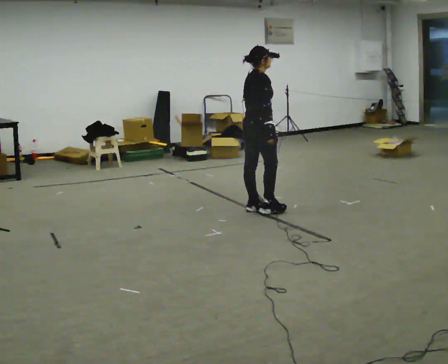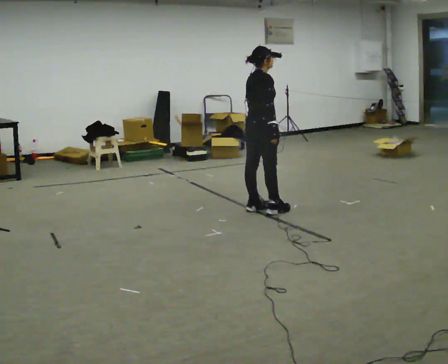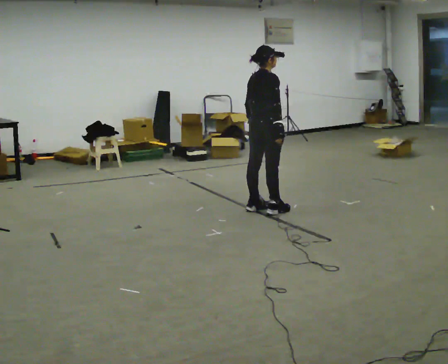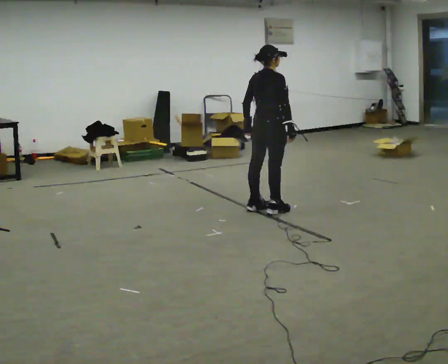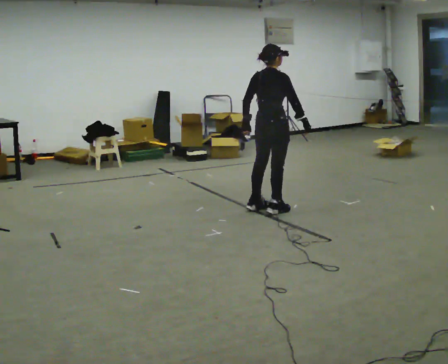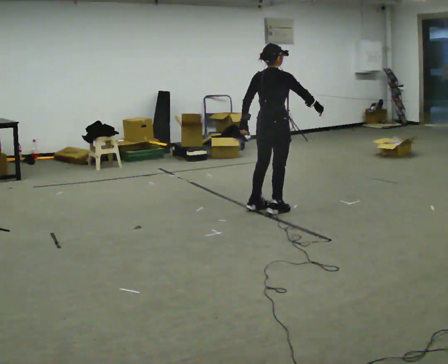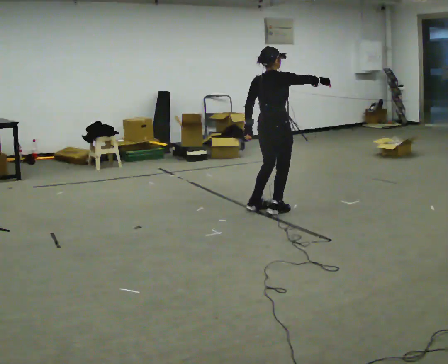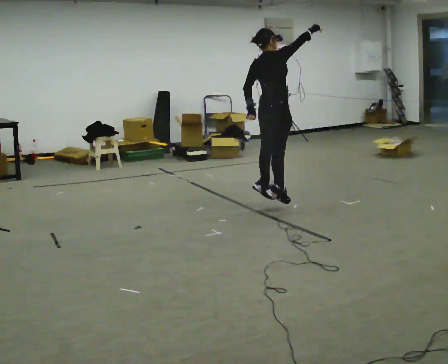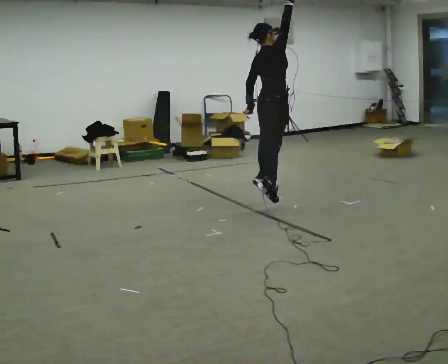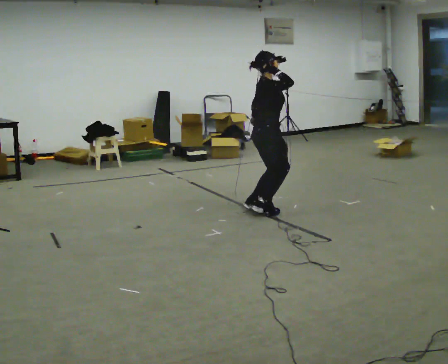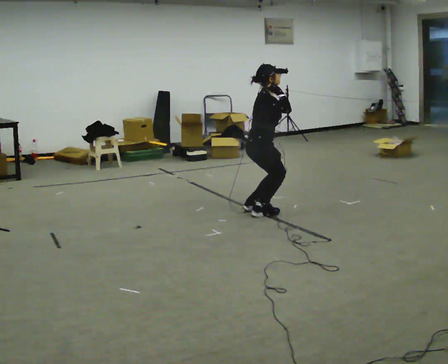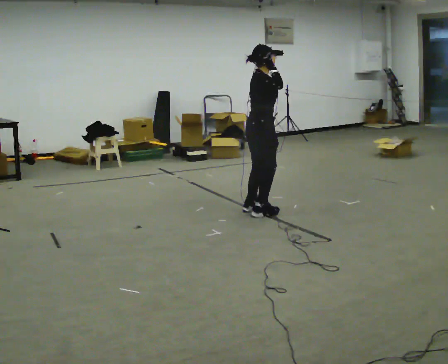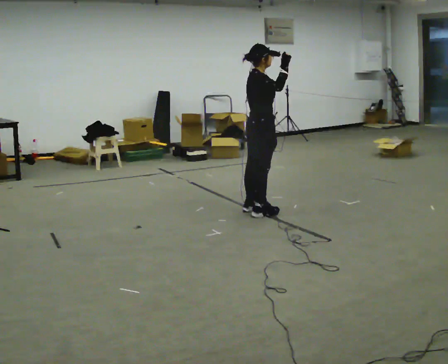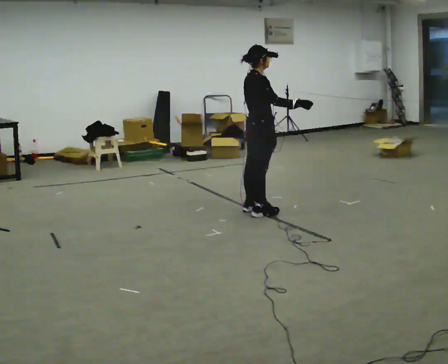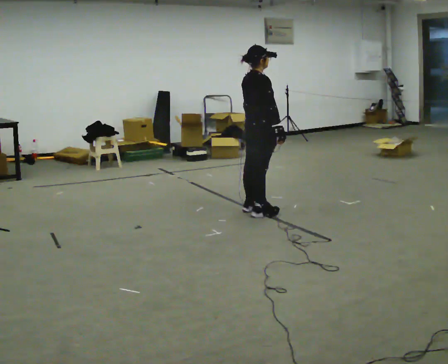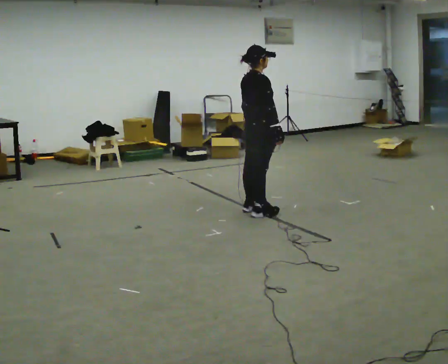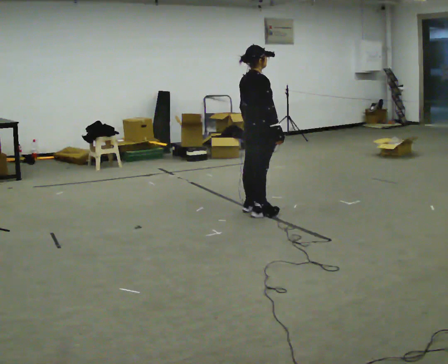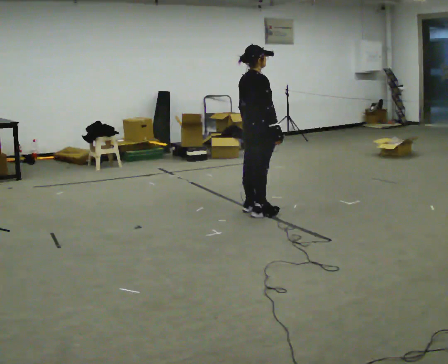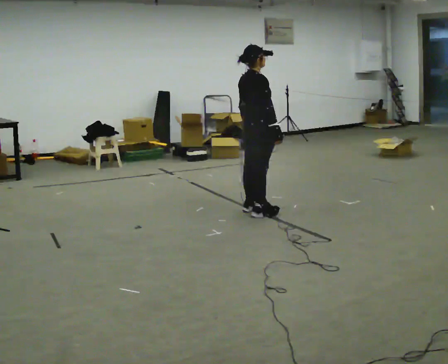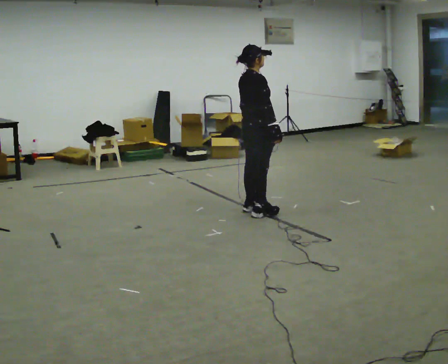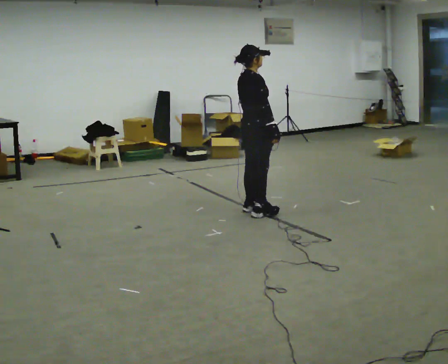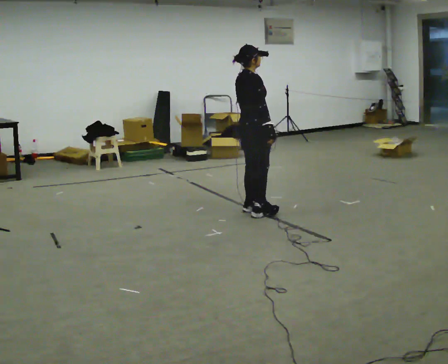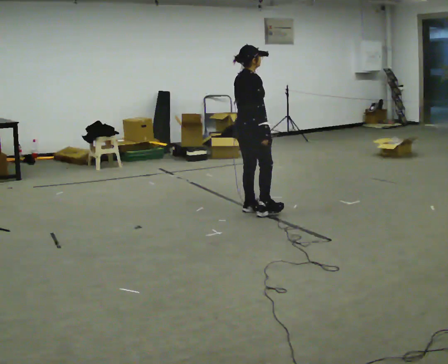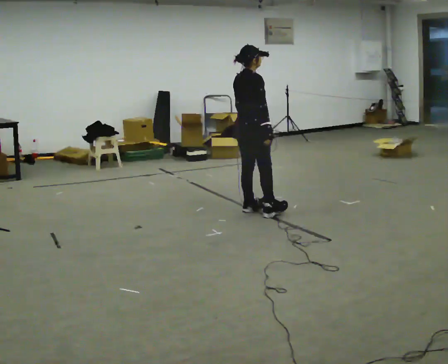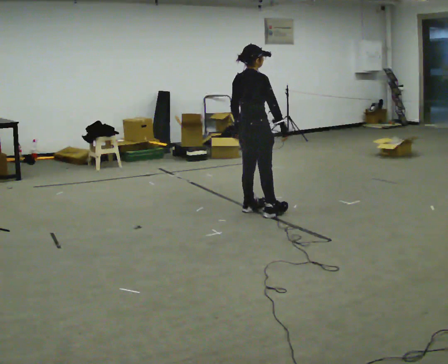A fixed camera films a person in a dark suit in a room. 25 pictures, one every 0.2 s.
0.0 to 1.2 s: The person turns about 30 degrees to their left, counterclockwise seen from above, so the part of the body nearest the lens slides to the right. In the picture they go to the right, about 0.25 m, which for them is to their right. In the picture their right hand goes to the right, the arm swinging counterclockwise.
1.2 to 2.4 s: Seen from above the body turns clockwise, about 45 degrees: to their right, with its near side sliding to the left. In the picture their right hand goes to the left.
2.4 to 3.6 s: In the picture their right hand goes downward.
3.6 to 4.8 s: The person moves a little, or ends about where they began.
The film runs backward here.
